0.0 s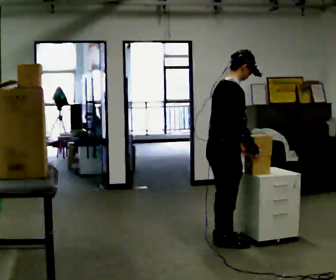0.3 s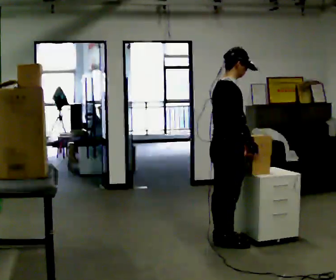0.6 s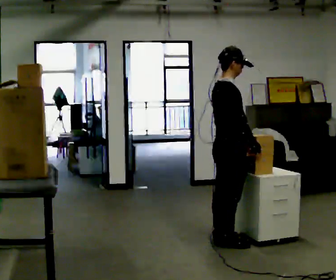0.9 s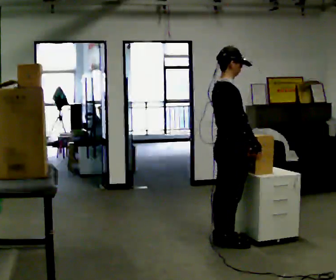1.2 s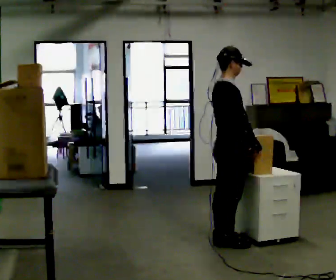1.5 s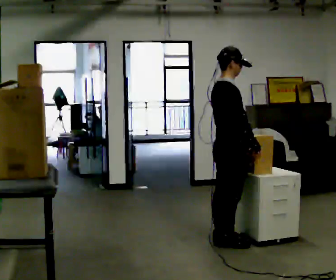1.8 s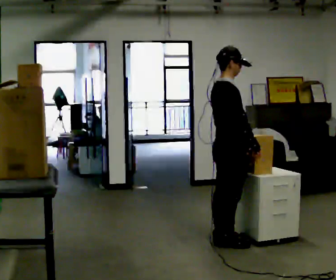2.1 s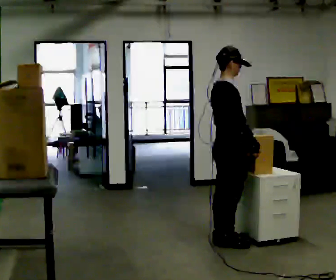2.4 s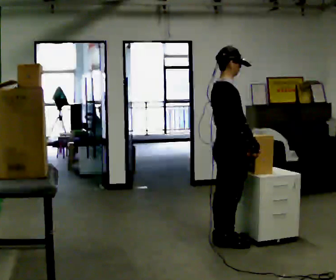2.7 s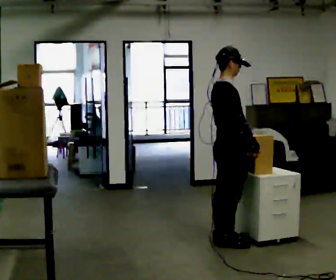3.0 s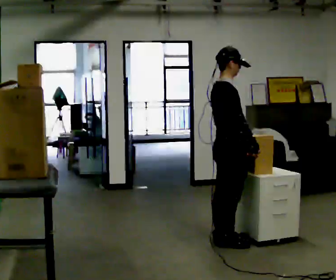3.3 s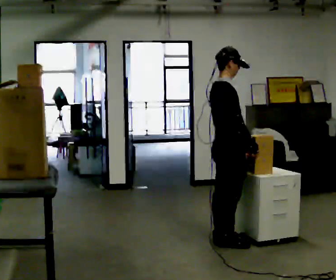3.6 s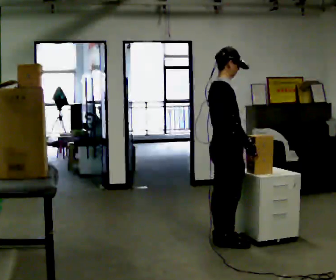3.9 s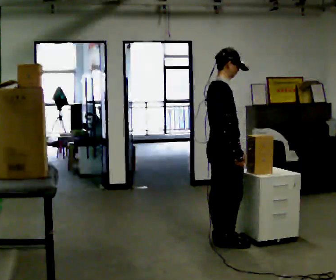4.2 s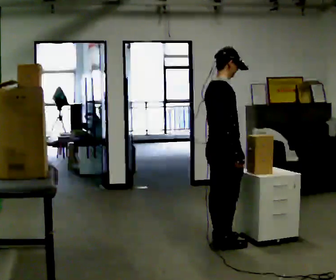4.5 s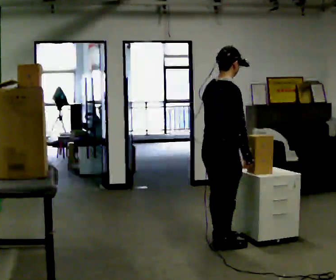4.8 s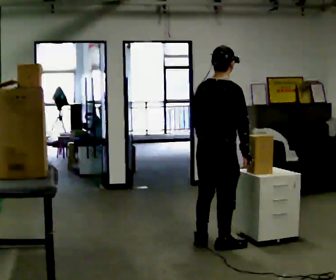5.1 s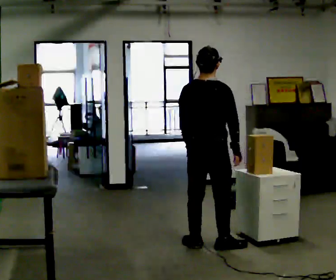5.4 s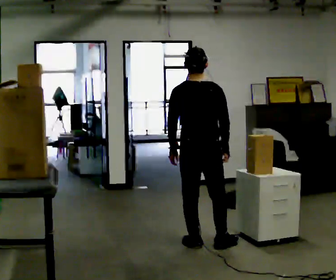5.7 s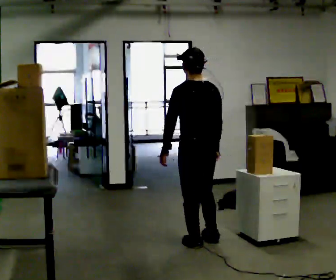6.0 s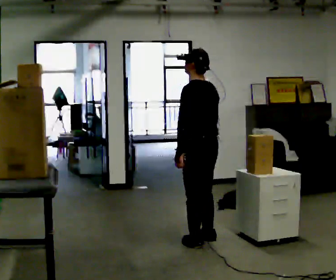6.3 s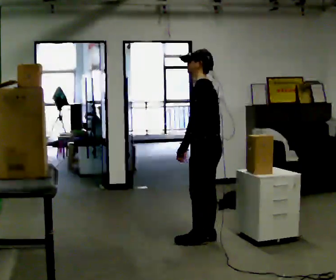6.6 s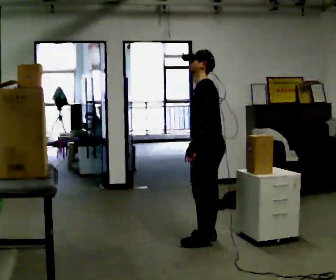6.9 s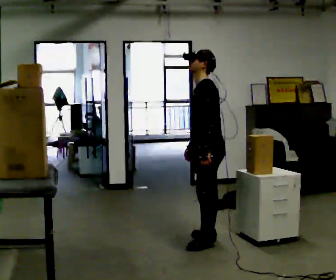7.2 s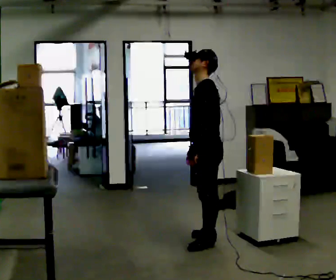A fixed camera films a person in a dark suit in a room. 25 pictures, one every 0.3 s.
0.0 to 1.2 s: The person moves a little, or ends about where they began.
1.2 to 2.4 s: The person keeps their place and pose.
2.4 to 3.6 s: The person moves a little, or ends about where they began.
3.6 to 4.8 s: The person turns about 45 degrees to their left, counterclockwise seen from above, so the part of the body nearest the lens slides to the right. In the picture they go toward the camera, about 0.25 m, which for them is backward and to their right.
4.8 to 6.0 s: The part of the body nearest the lens slides to the right as the person turns to their left by about 90 degrees. In the picture they go away from the camera, about 0.25 m in 2 steps.
6.0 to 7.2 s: The part of the body nearest the lens slides to the right as the person turns to their left by about 45 degrees.
The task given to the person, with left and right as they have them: Take an object down from the highest shelf you can comfortably reach, carry it across, and place it on the waist-height shelf. Keep going until the operator says stop; one object at a time, and do not rush between trips.
The film runs forward here.
